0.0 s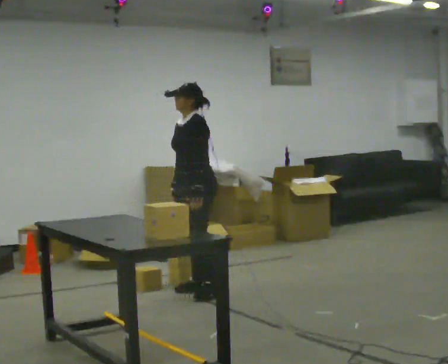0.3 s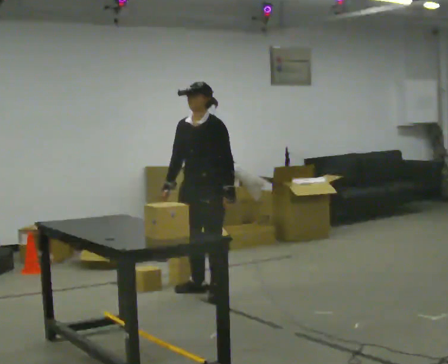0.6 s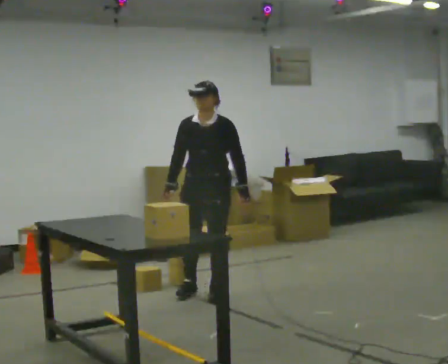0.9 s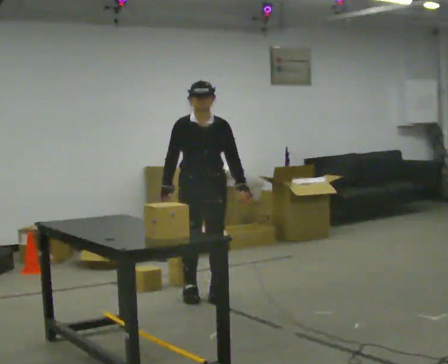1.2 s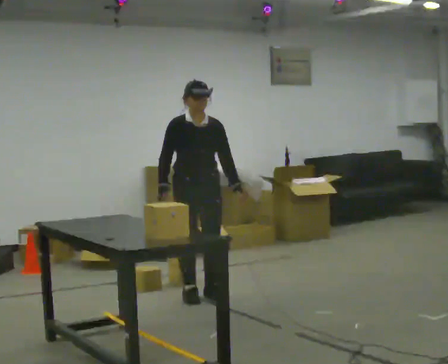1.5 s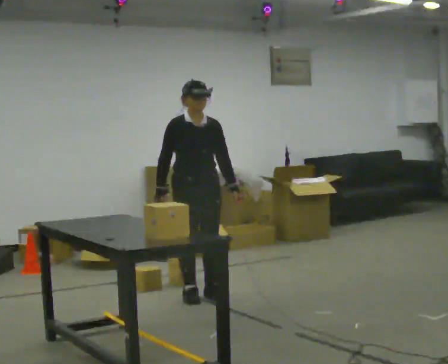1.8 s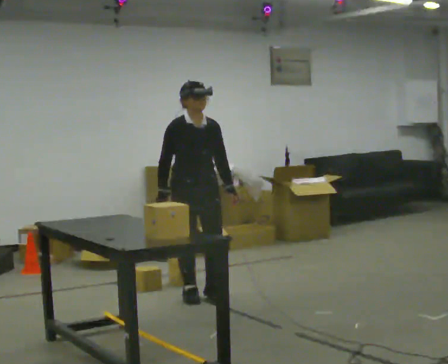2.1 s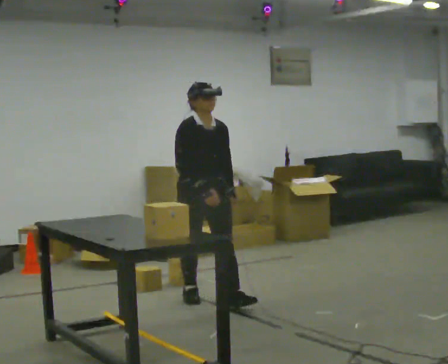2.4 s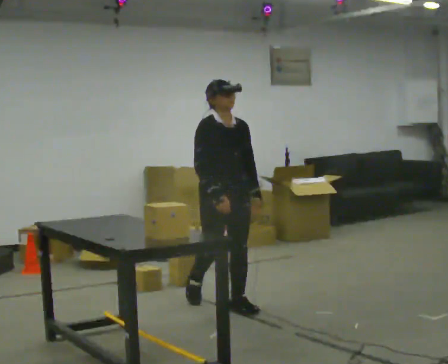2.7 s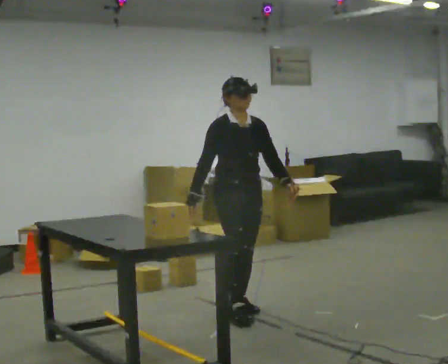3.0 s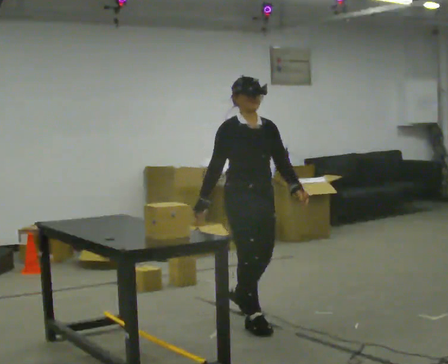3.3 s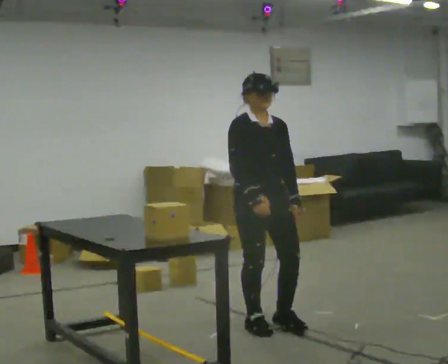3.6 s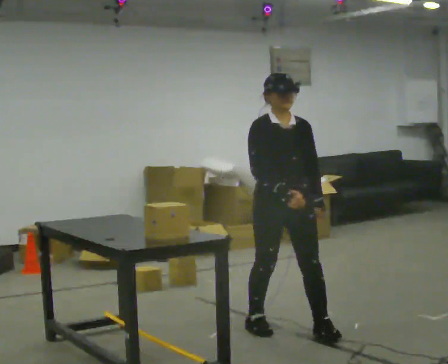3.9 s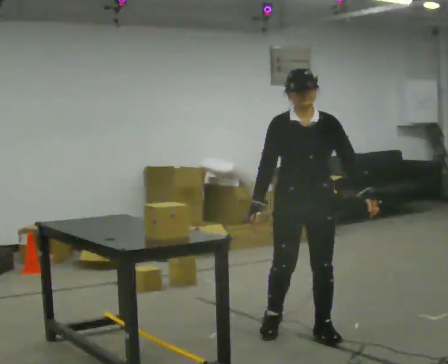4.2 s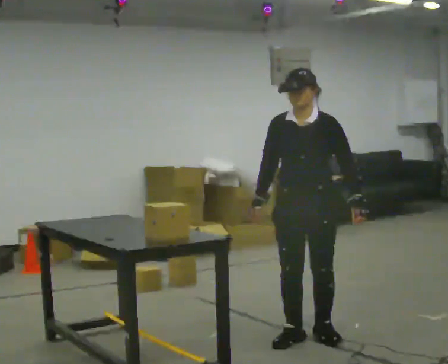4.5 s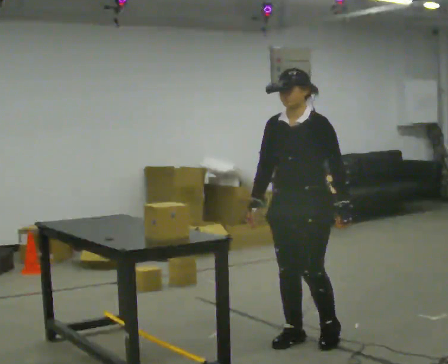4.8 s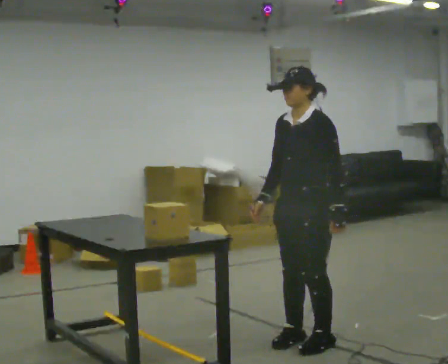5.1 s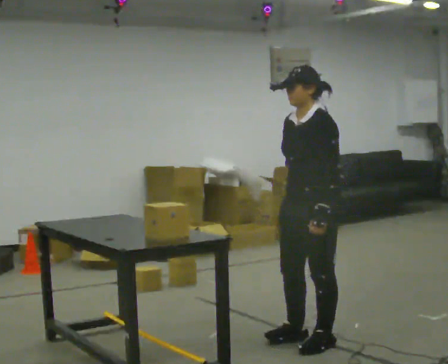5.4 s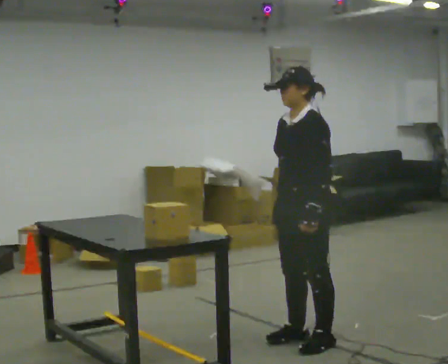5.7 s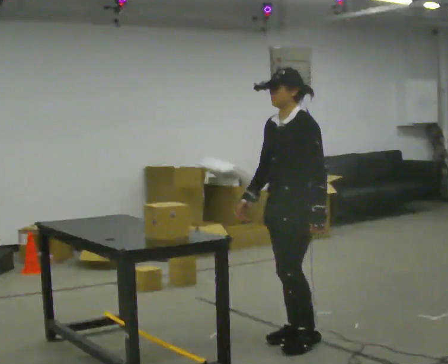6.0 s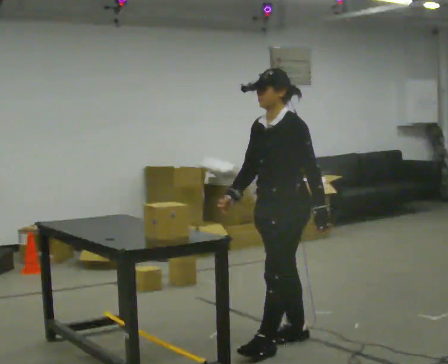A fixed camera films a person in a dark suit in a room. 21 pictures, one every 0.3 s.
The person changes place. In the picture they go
toward the camera.
0.0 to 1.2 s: The person turns about 75 degrees to their left, counterclockwise seen from above, so the part of the body nearest the lens slides to the right. In the picture they go toward the camera, about 0.25 m in 1 step.
1.2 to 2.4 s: In the picture they go toward the camera and to the right, about 0.5 m in 1 step, which for them is forward.
2.4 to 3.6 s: In the picture they go toward the camera and to the right, about 0.5 m in 2 steps, which for them is forward.
3.6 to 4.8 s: The part of the body nearest the lens slides to the left as the person turns to their right by about 75 degrees. In the picture they go toward the camera, about 0.25 m in 2 steps.
4.8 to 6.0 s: In the picture they go to the left, about 0.25 m in 1 step, which for them is forward.
The film runs forward here.
